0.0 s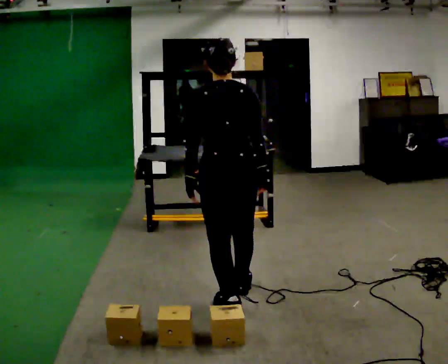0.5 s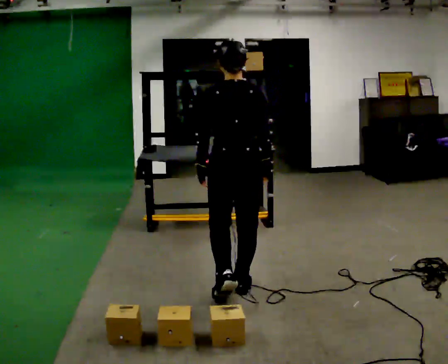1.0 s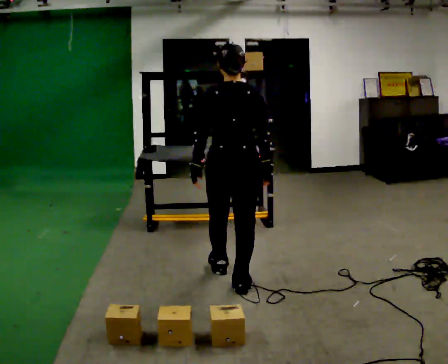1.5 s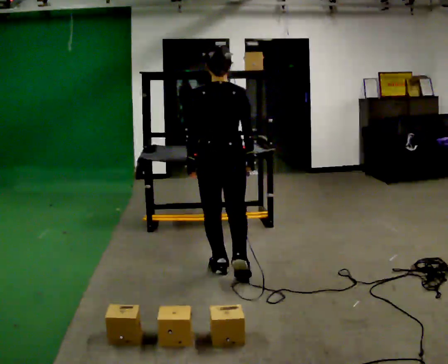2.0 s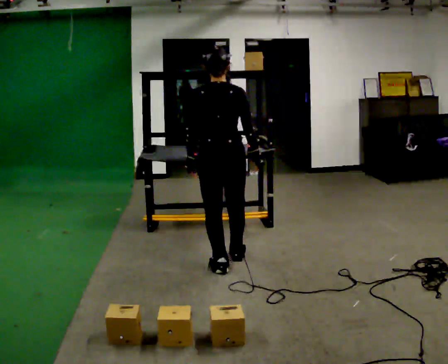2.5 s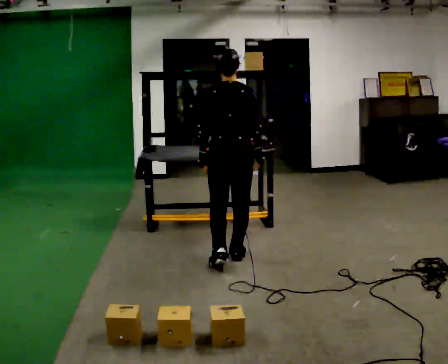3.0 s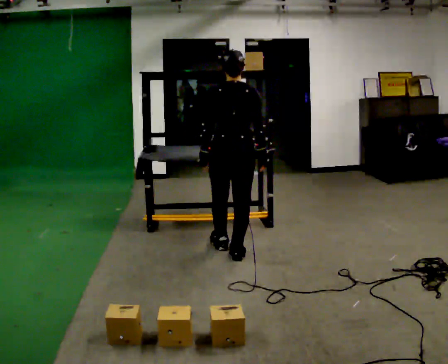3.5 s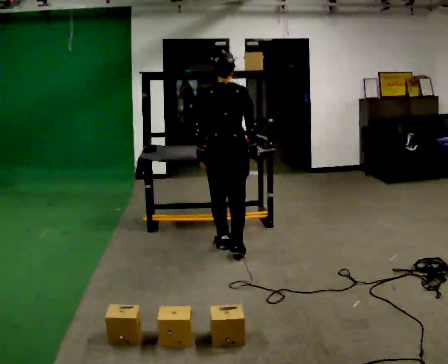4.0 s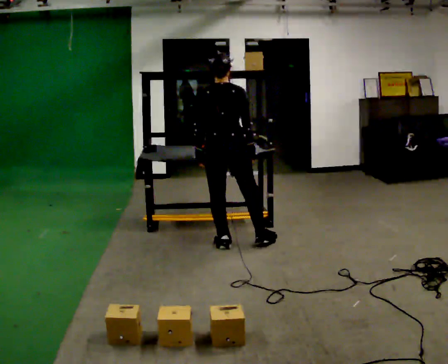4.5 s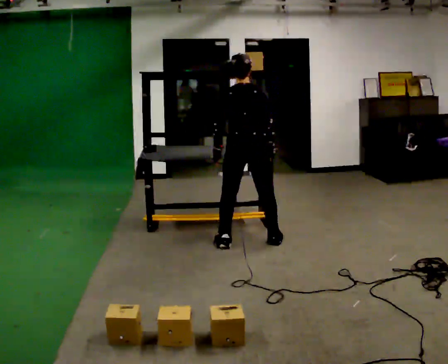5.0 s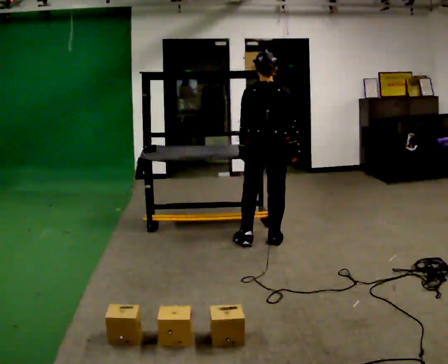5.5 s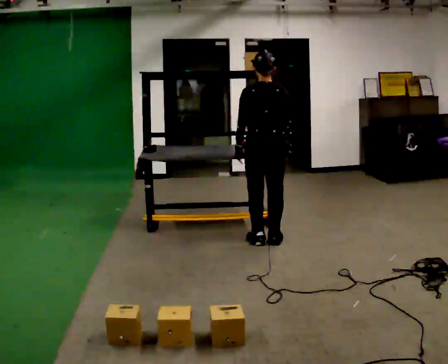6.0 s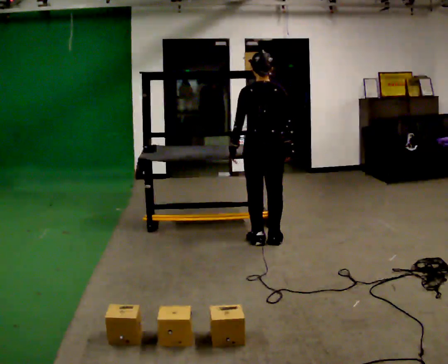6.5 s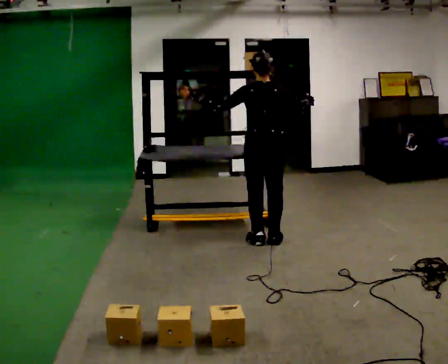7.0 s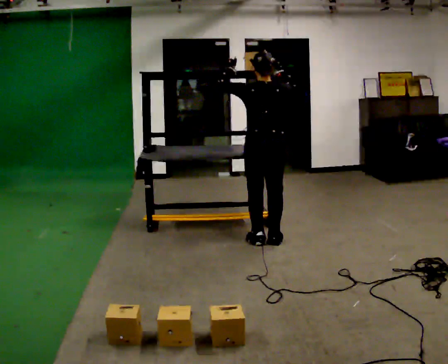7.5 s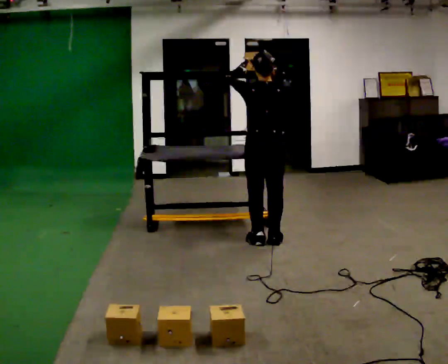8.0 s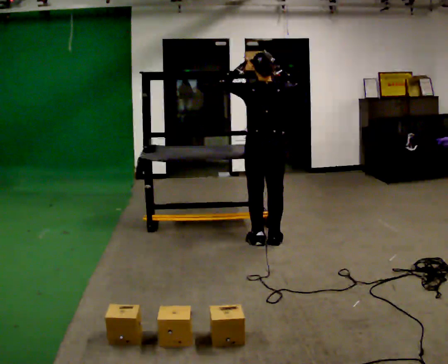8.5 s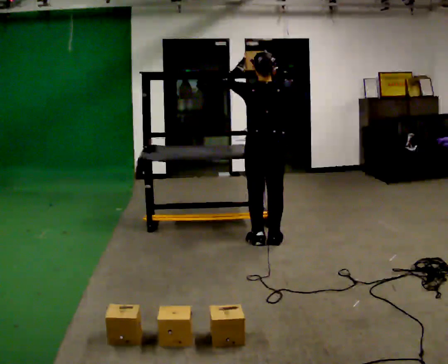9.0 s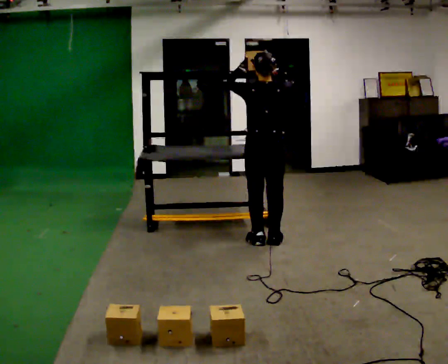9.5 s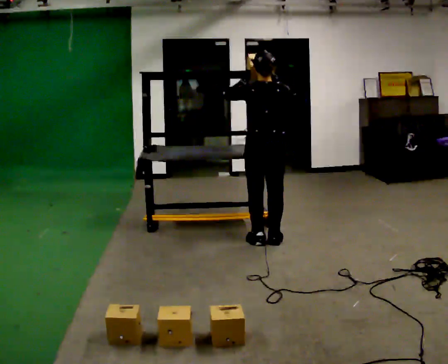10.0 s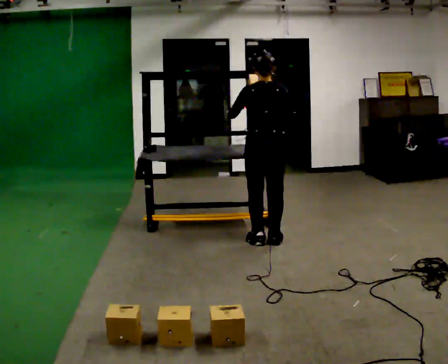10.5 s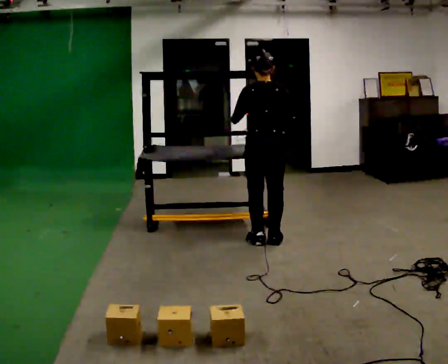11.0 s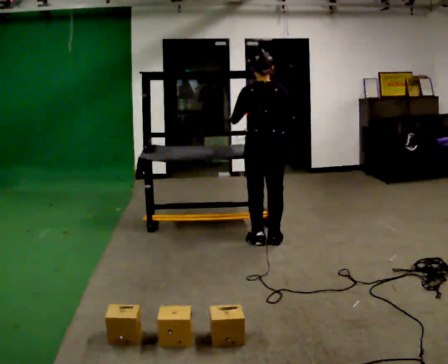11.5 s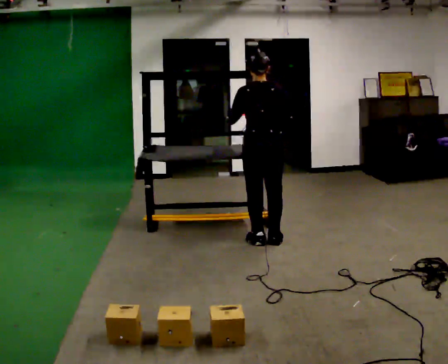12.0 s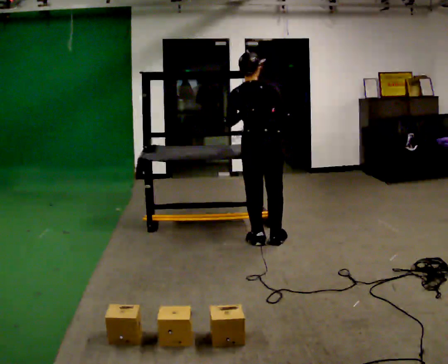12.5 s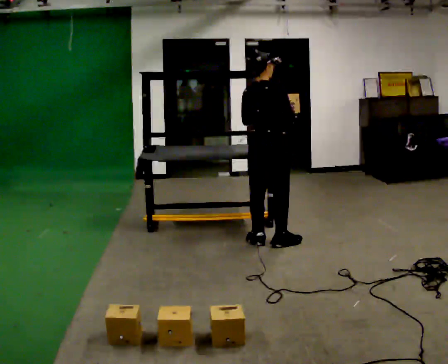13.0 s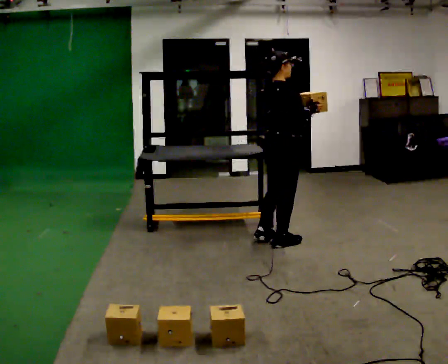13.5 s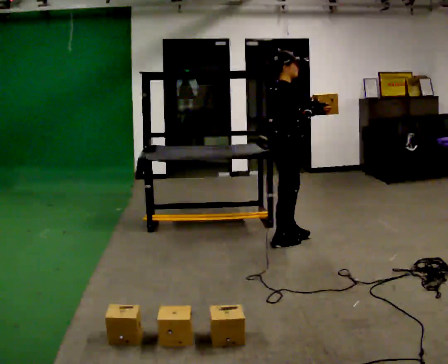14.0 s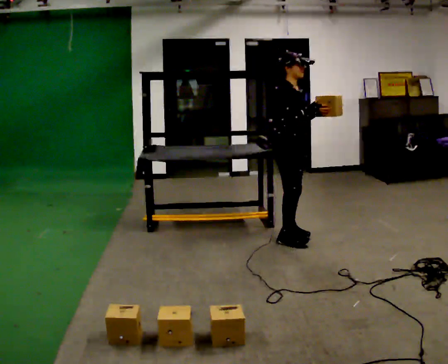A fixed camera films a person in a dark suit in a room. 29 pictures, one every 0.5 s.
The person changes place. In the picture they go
away from the camera.
The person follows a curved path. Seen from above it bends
clockwise.
0.0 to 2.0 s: In the picture they go away from the camera, about 0.75 m in 2 steps, which for them is forward.
2.0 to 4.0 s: In the picture they go away from the camera, about 0.5 m in 1 step, which for them is forward.
4.0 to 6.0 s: In the picture they go to the right, about 0.25 m in 2 steps, which for them is to their right and forward.
6.0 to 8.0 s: In the picture their right hand goes upward.
8.0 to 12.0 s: In the picture their left hand goes downward.
12.0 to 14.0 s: Seen from above the body turns clockwise, about 105 degrees: to their right, with its near side sliding to the left. In the picture they go to the right, about 0.25 m in 2 steps.
The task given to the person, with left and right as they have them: Take an object down from the highest shelf you can comfortably reach, carry it across the room, and set it on the floor. Keep going until the operator says stop; one object at a time, and do not rush between trips.
The film runs forward here.
